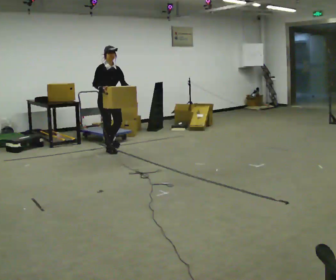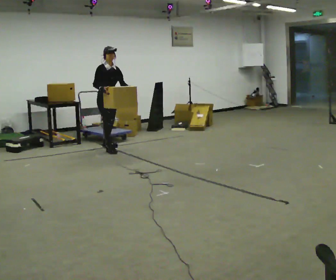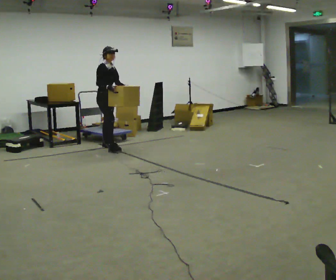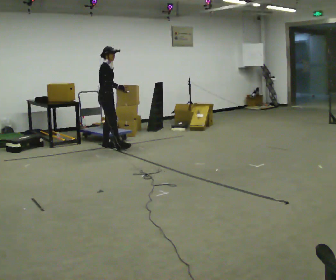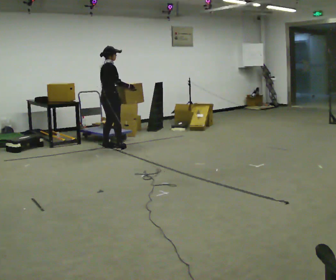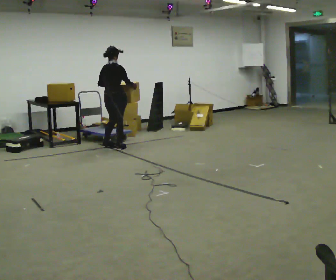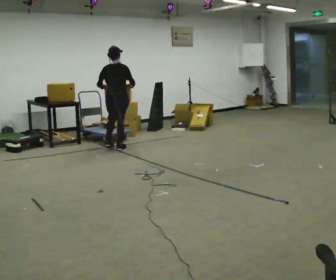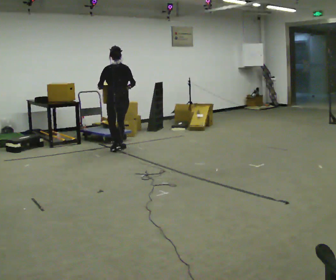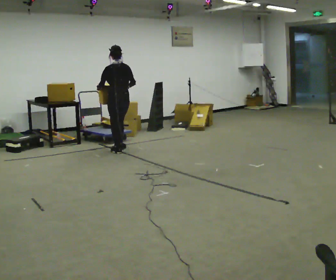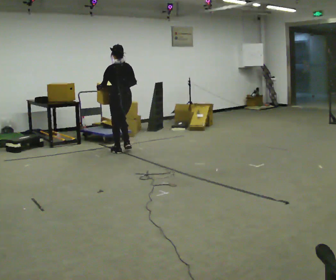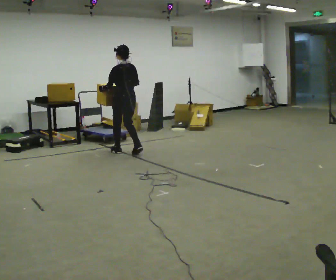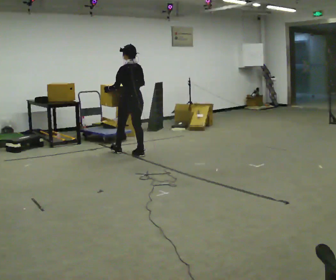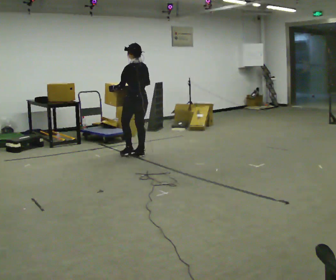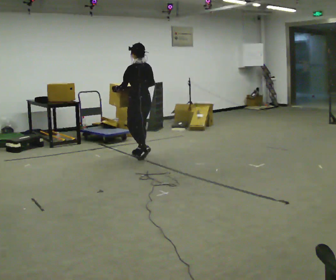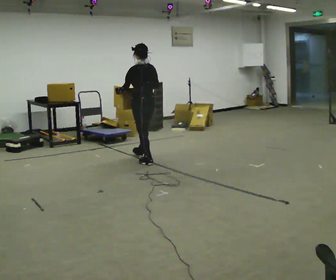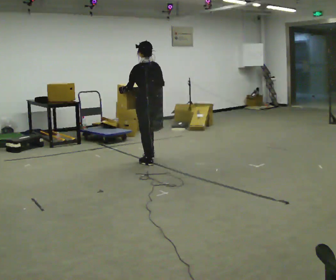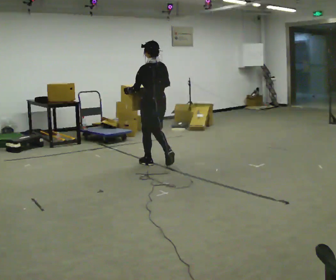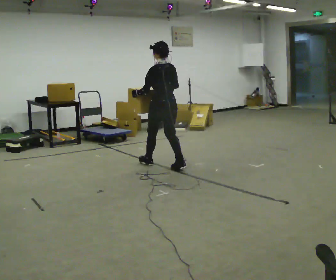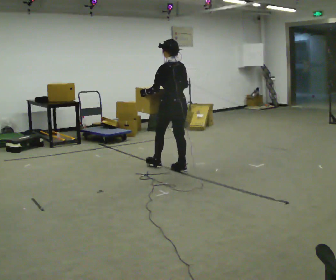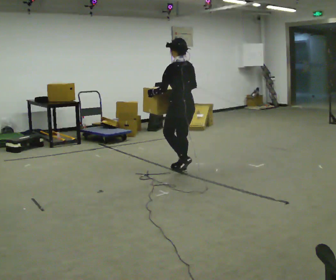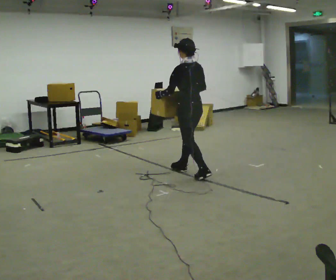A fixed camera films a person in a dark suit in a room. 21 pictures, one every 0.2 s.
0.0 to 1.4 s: The person turns about 150 degrees to their left, counterclockwise seen from above, so the part of the body nearest the lens slides to the right. In the picture they go to the right, about 0.25 m in 2 steps. In the picture their right hand goes to the right.
1.4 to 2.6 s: Seen from above the body turns counterclockwise, about 30 degrees: to their left, with its near side sliding to the right. In the picture they go toward the camera and to the right, about 0.5 m in 2 steps, which for them is backward.
2.6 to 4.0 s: In the picture they go toward the camera and to the right, about 1 m in 2 steps, which for them is backward.
The film runs backward here.
